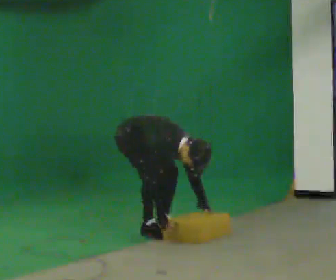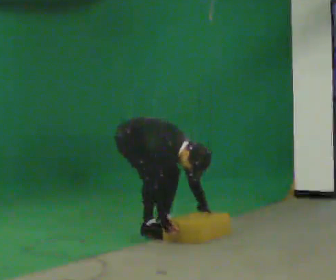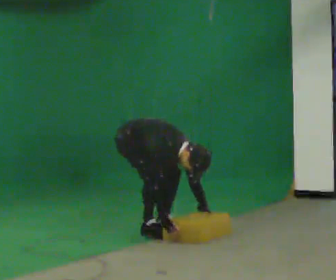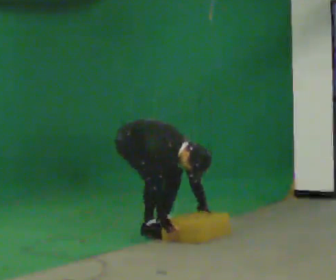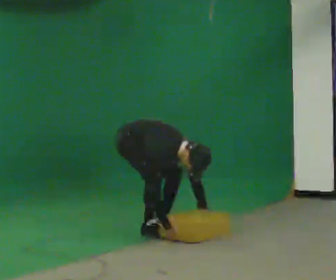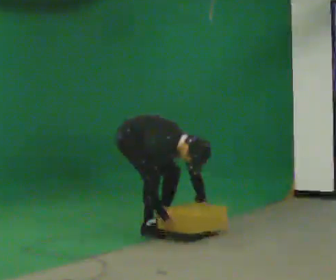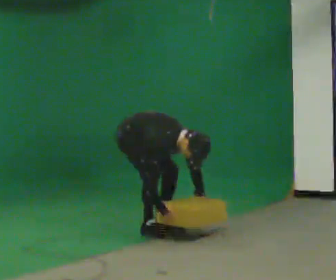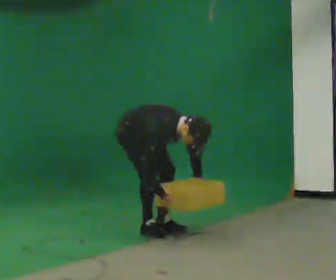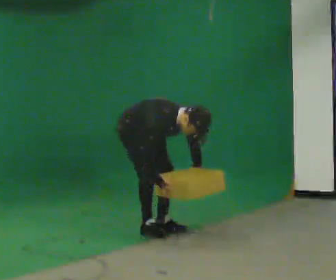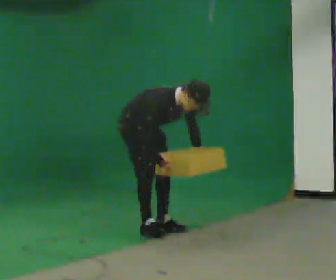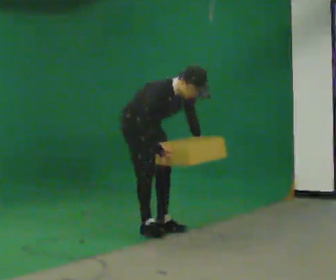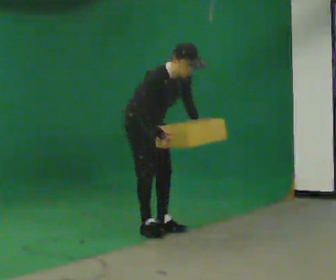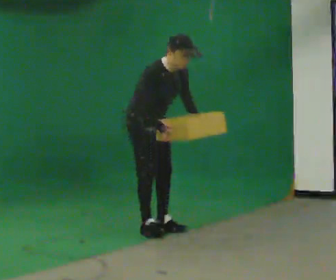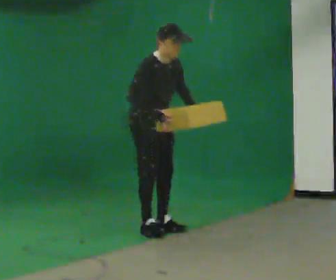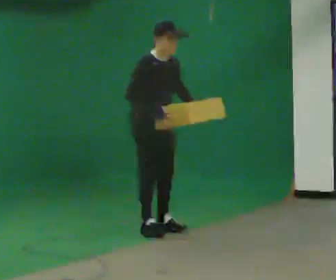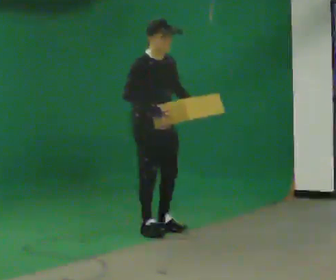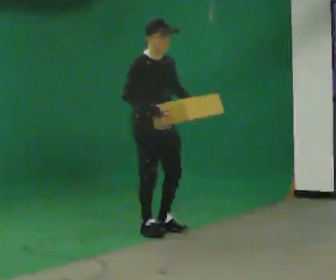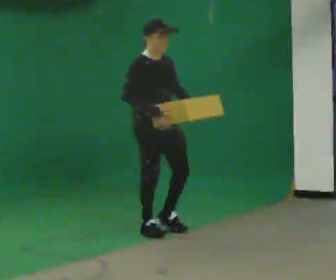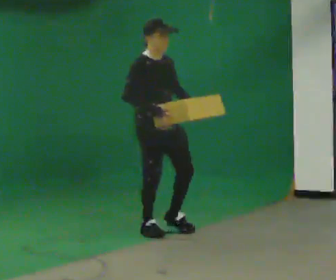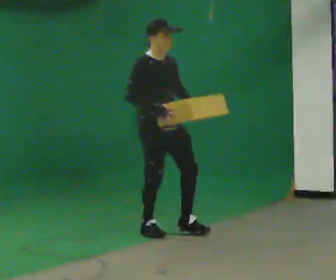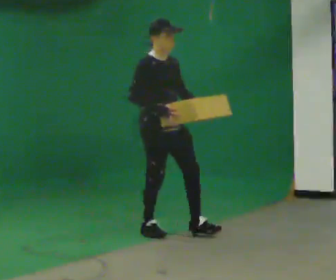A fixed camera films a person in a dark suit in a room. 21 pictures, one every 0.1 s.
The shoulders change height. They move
upward.
The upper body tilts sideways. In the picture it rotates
counterclockwise.
0.0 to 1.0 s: The upper body goes upward. In the picture the upper body tilts counterclockwise, shoulders to the left, as they lean back or straighten. In the picture their left hand goes upward.
1.0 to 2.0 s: In the picture they go toward the camera and to the right, about 0.25 m, which for them is forward. The upper body goes upward. In the picture the upper body tilts counterclockwise, shoulders to the left, as they lean back or straighten.
The film runs forward here.
